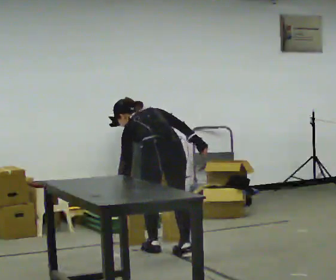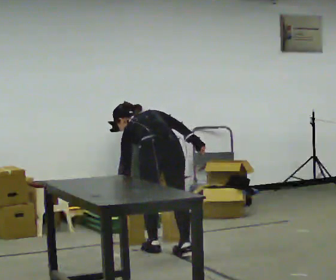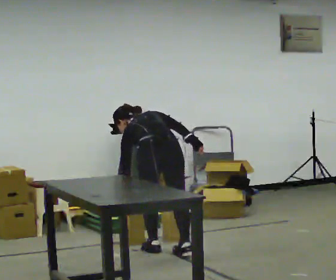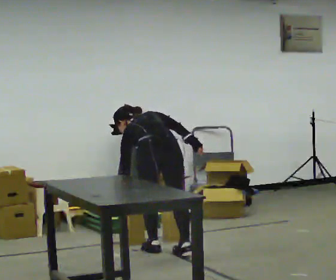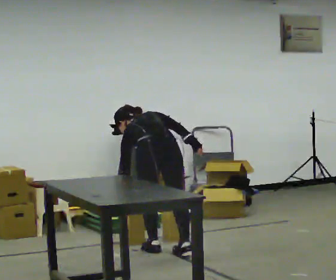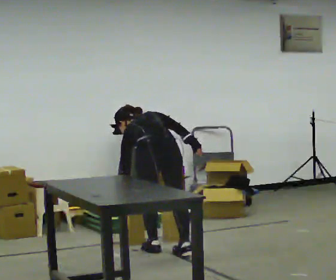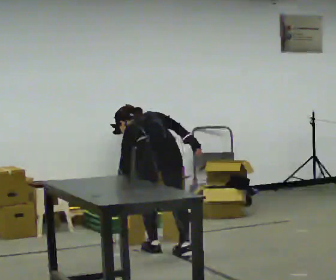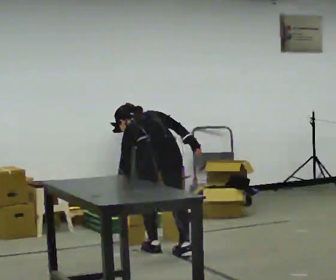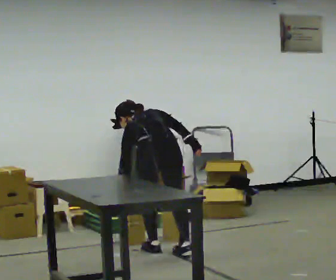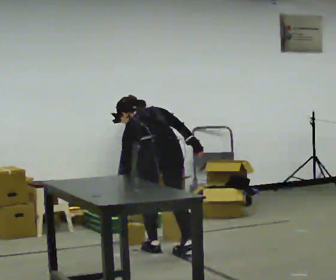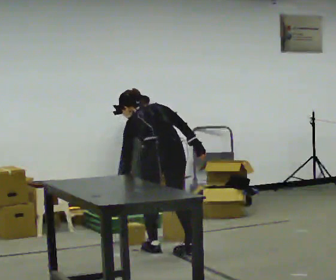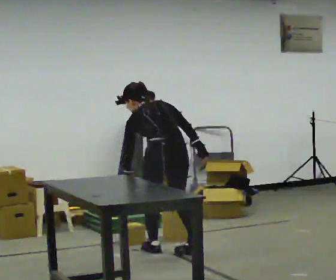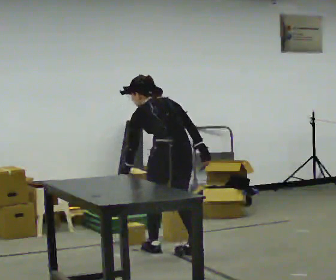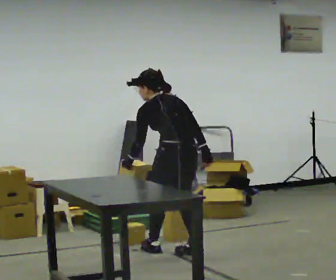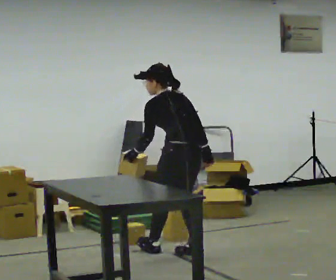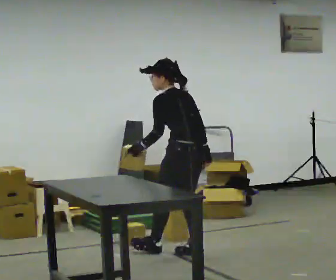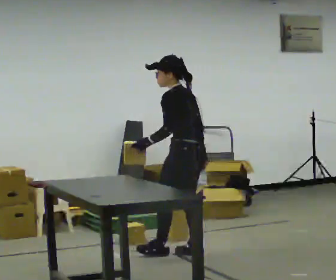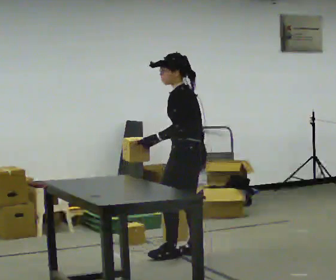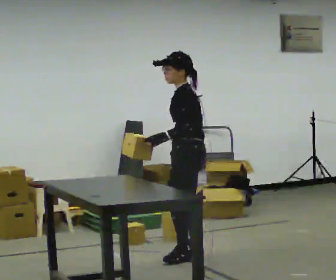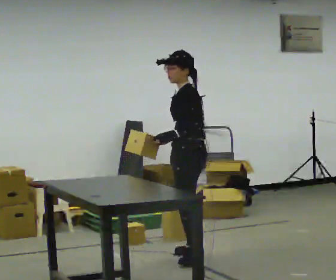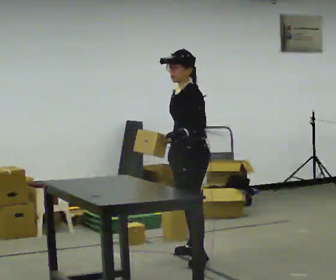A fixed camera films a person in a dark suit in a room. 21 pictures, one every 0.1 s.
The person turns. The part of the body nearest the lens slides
to the right.
The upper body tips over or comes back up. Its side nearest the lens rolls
downward.
0.0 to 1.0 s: The person moves a little, or ends about where they began.
1.0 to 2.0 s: The part of the body nearest the lens slides to the right as the person turns to their left by about 105 degrees. In the picture they go to the right, about 0.25 m in 1 step. The shoulders move upward. The upper body tips toward the camera, its near side rolling downward, as they lean back or straighten.
The film runs forward here.
